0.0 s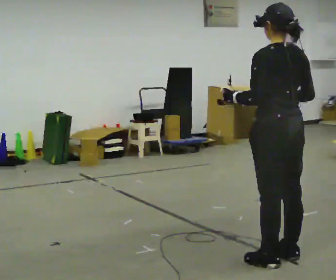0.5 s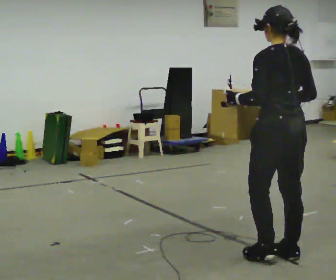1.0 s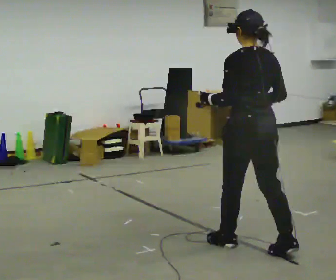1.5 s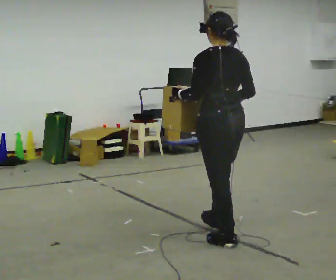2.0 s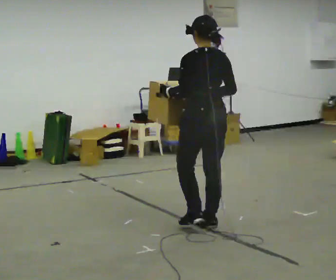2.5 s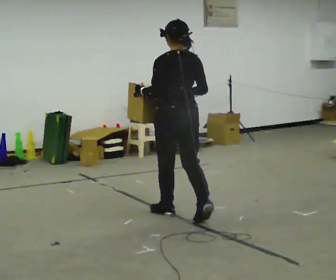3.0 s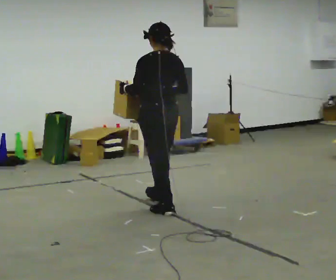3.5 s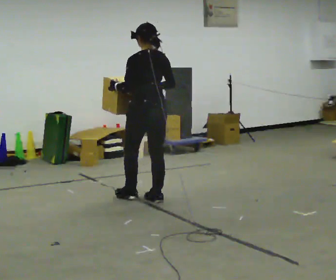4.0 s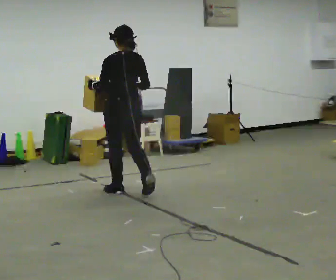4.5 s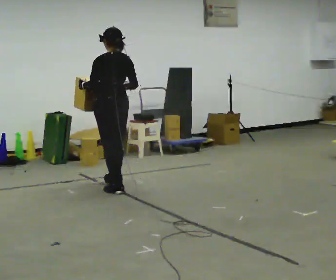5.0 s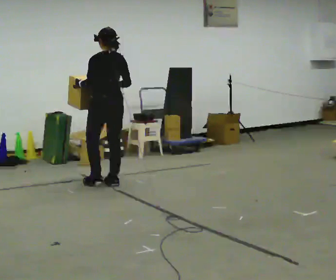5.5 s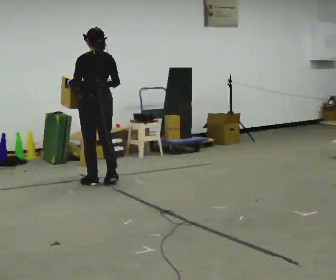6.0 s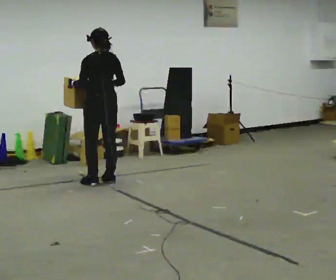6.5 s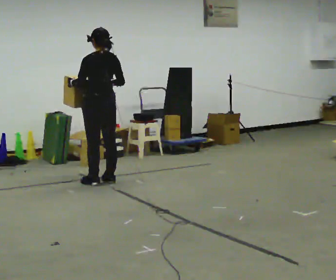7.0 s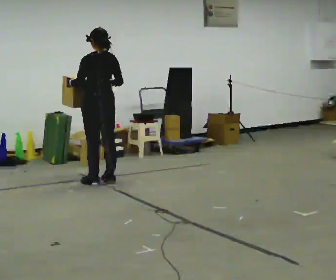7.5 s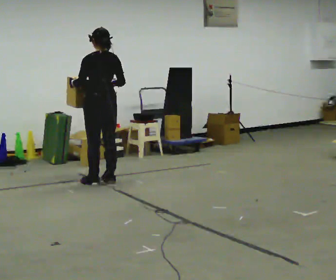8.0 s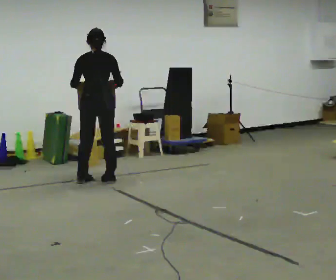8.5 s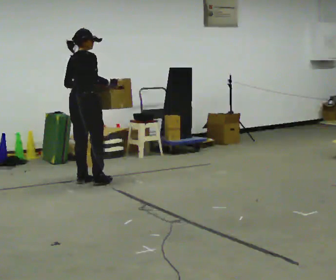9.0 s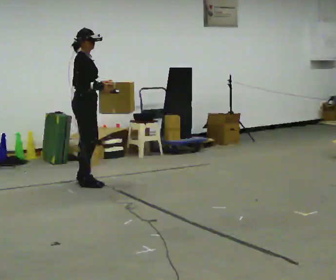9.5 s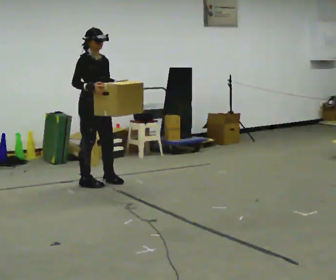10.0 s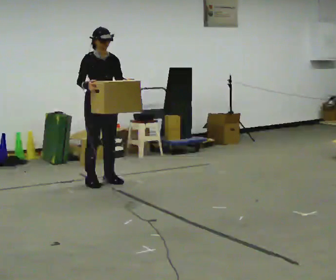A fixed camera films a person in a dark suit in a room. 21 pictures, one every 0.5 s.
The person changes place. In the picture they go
away from the camera.
0.0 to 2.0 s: In the picture they go away from the camera, about 1 m in 2 steps, which for them is forward.
2.0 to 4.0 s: In the picture they go away from the camera and to the left, about 1.5 m in 3 steps, which for them is forward.
4.0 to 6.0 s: In the picture they go away from the camera, about 0.5 m in 2 steps, which for them is forward.
6.0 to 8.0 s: The person turns about 30 degrees to their right, clockwise seen from above, so the part of the body nearest the lens slides to the left.
8.0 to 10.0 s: The person turns about 150 degrees to their right, clockwise seen from above, so the part of the body nearest the lens slides to the left. In the picture their right hand goes to the left.
The film runs forward here.
